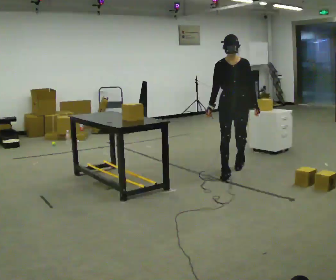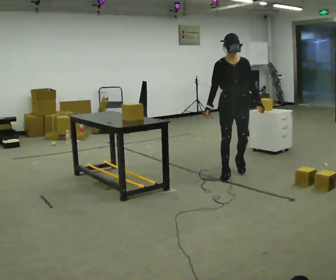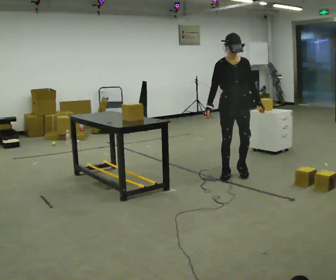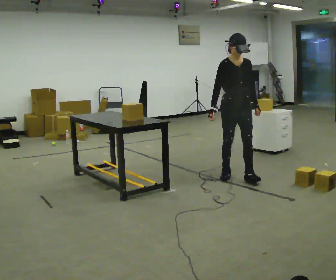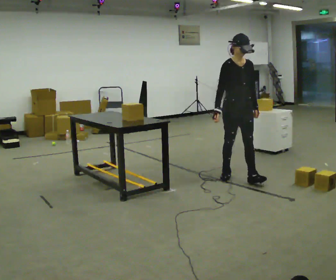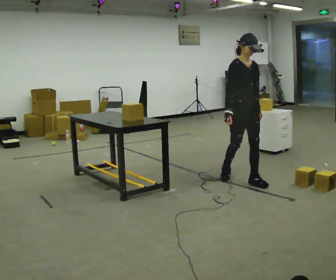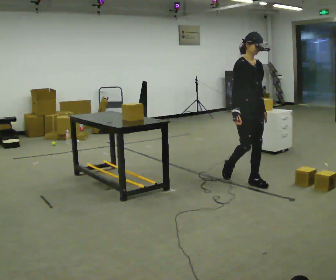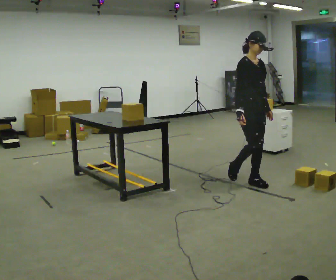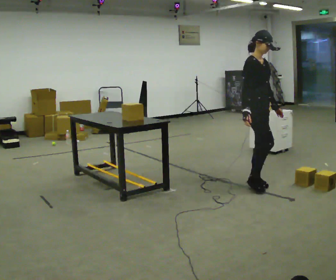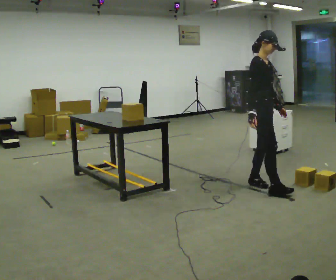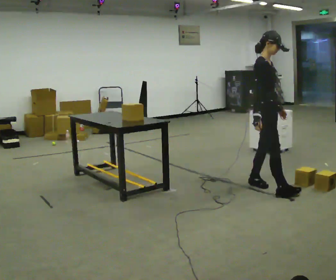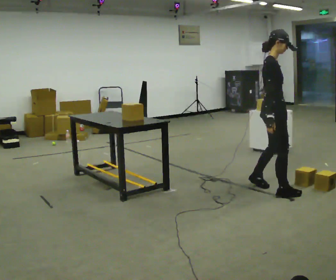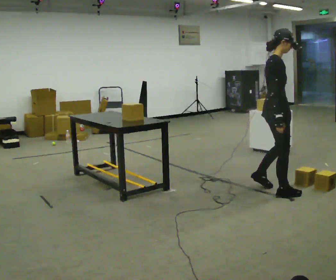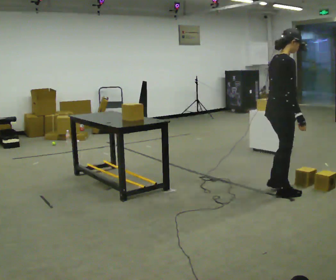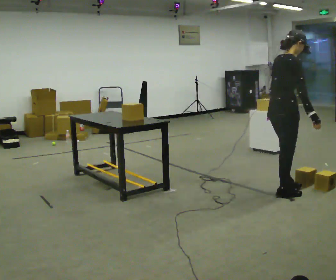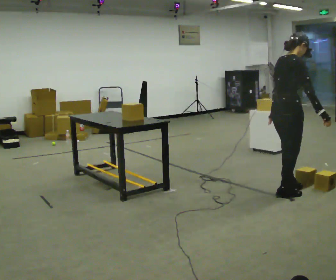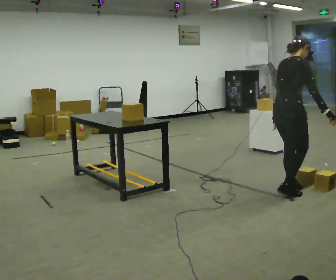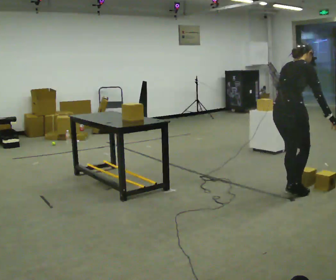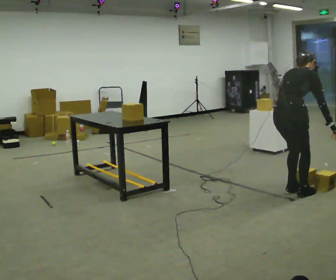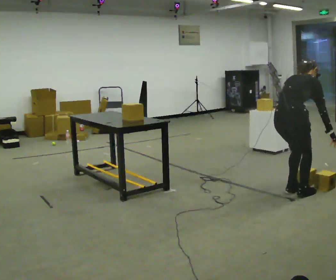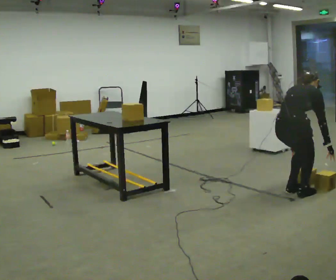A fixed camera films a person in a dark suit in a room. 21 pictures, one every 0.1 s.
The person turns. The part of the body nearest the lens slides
to the right.
The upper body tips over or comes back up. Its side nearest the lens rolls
upward.
0.0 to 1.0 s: The part of the body nearest the lens slides to the right as the person turns to their left by about 75 degrees. In the picture they go toward the camera and to the right, about 0.75 m in 1 step.
1.0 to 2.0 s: Seen from above the body turns counterclockwise, about 60 degrees: to their left, with its near side sliding to the right. In the picture they go toward the camera and to the right, about 0.25 m in 3 steps. The shoulders move downward. The upper body tips away from the camera, its near side rolling upward, as they bend forward. In the picture their right hand goes downward.
The film runs forward here.
